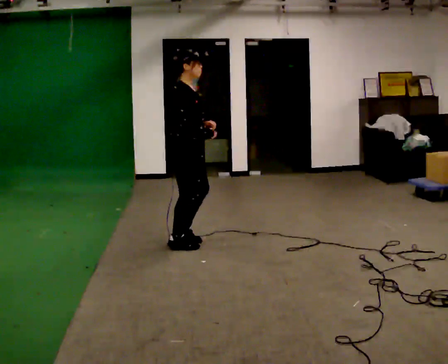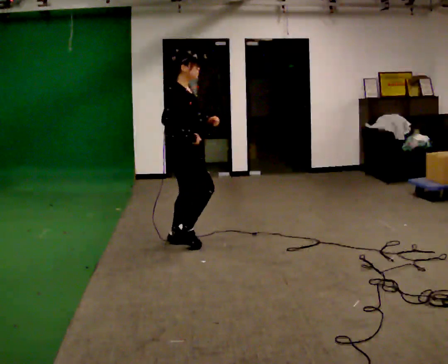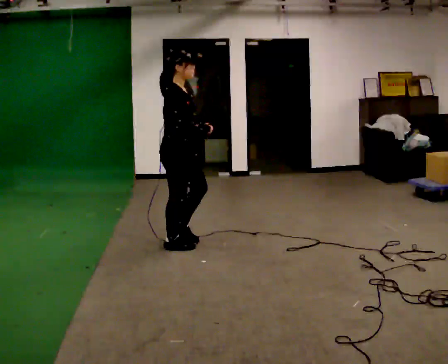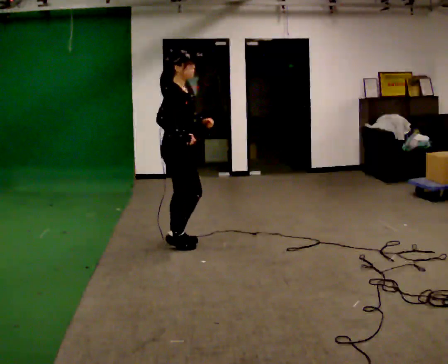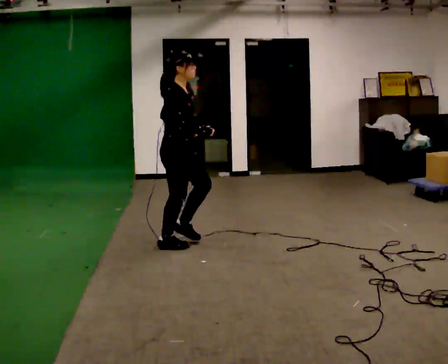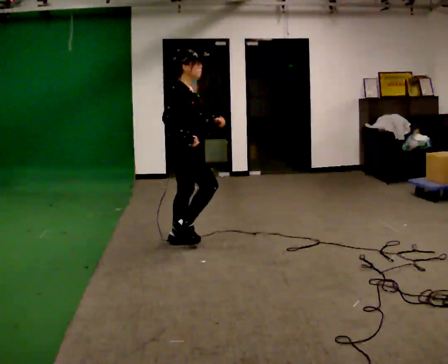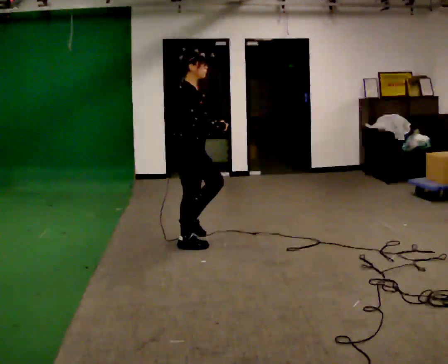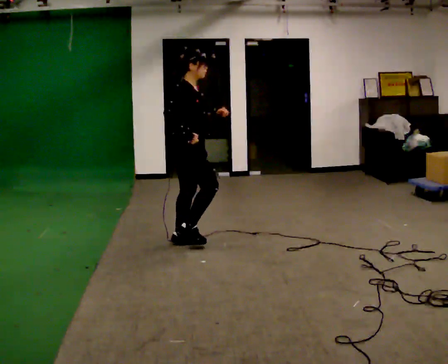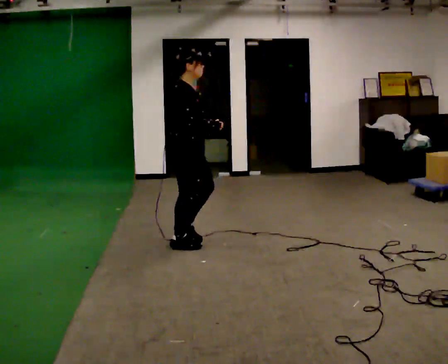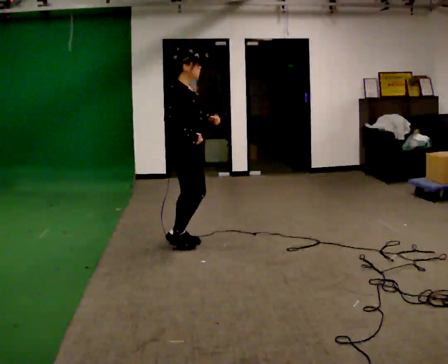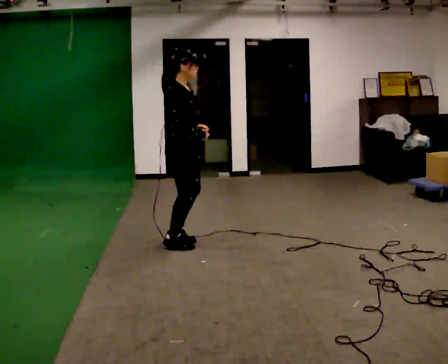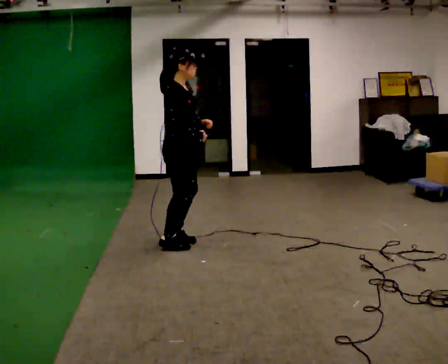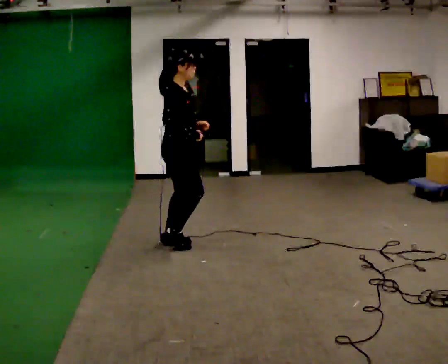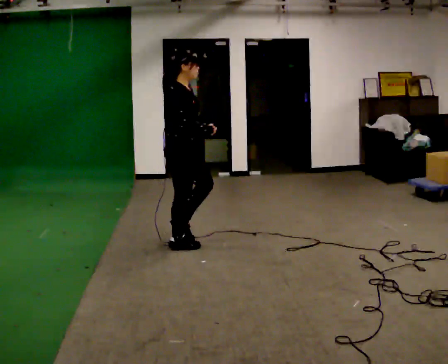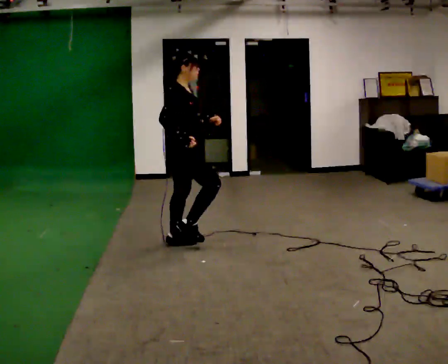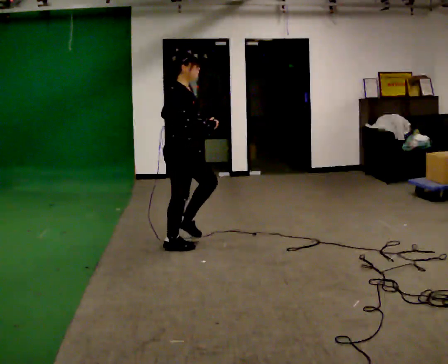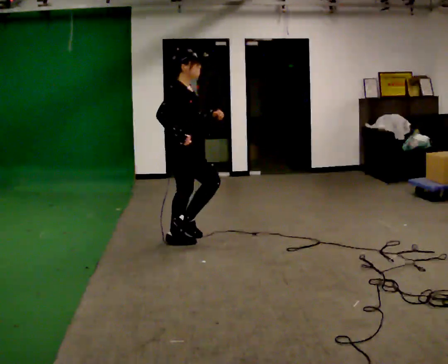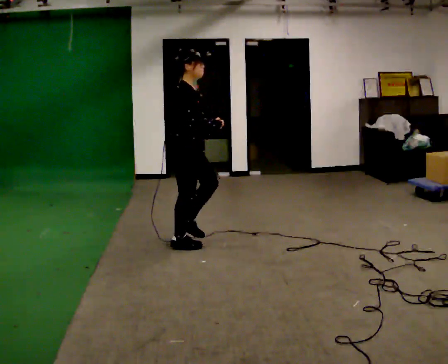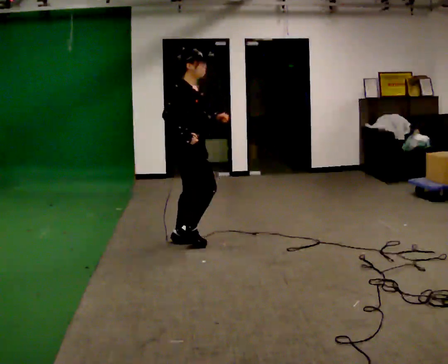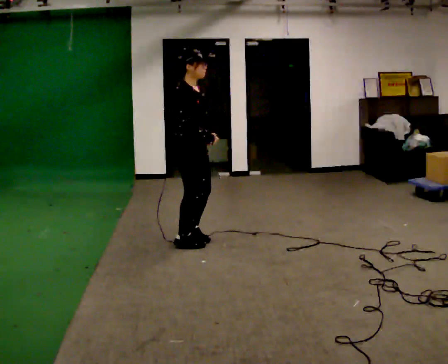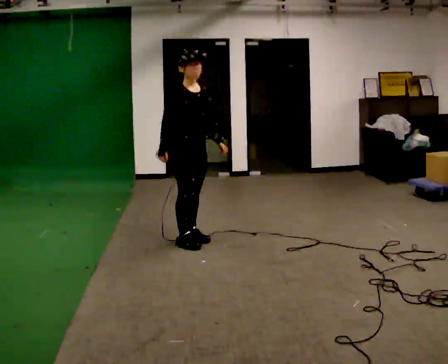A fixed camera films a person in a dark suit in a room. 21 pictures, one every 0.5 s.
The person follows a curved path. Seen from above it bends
clockwise.
0.0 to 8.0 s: The person moves a little, or ends about where they began.
8.0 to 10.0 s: The part of the body nearest the lens slides to the left as the person turns to their right by about 45 degrees.
The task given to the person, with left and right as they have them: Move your feet as fast as you can on the spot with small quick steps, until the operator says stop.
The film runs forward here.
